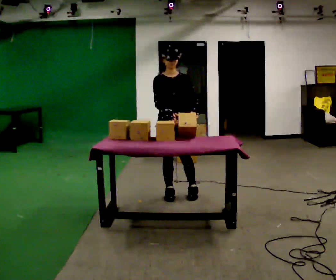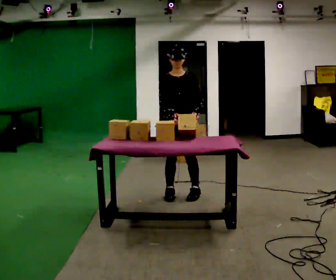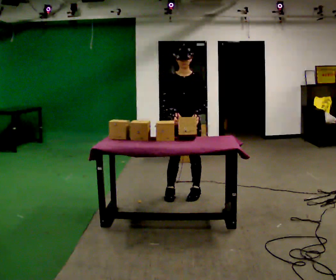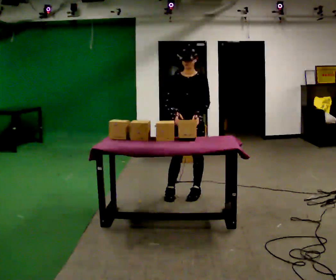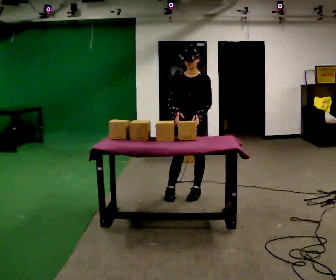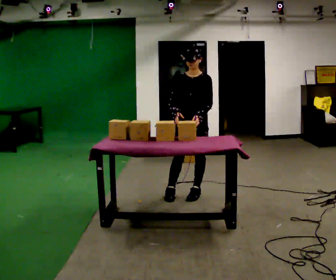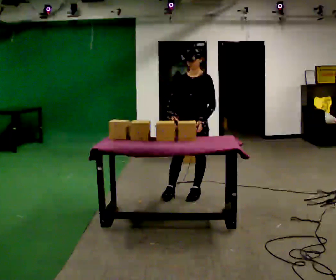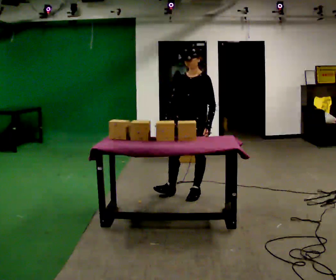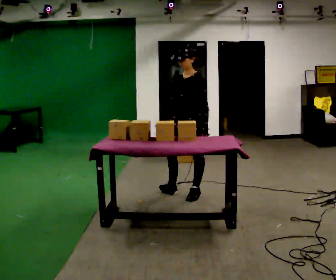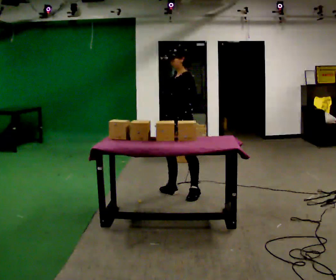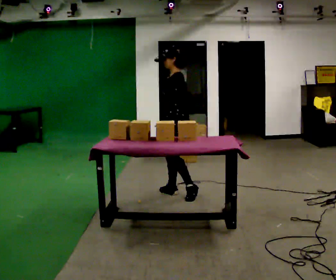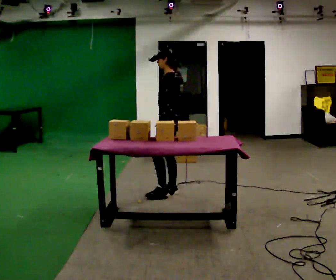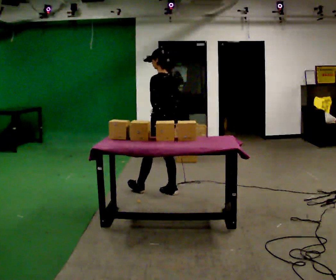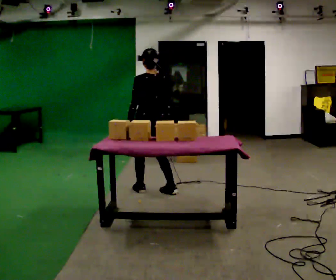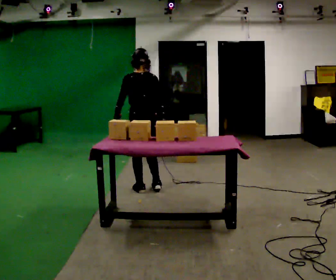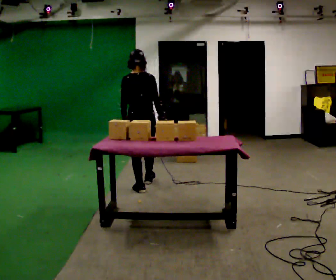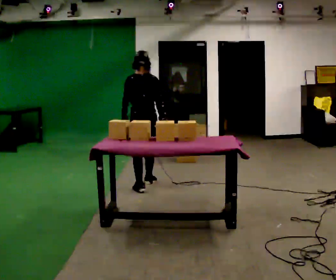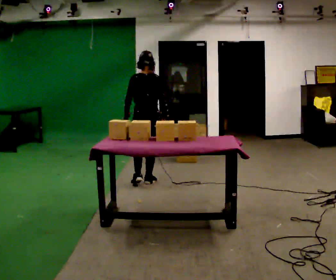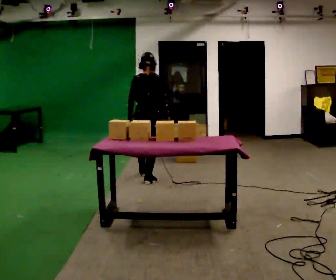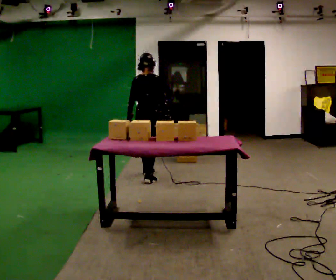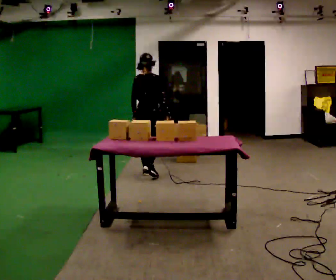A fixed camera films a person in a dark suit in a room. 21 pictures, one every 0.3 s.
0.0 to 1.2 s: The person turns about 30 degrees to their right, clockwise seen from above, so the part of the body nearest the lens slides to the left. In the picture they go to the right, about 0.25 m in 1 step, which for them is to their left.
1.2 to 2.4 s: The part of the body nearest the lens slides to the left as the person turns to their right by about 45 degrees.
2.4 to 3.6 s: The part of the body nearest the lens slides to the left as the person turns to their right by about 75 degrees. In the picture they go to the left, about 0.25 m in 1 step.
3.6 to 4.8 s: The person turns about 45 degrees to their right, clockwise seen from above, so the part of the body nearest the lens slides to the left. In the picture they go away from the camera and to the left, about 0.25 m in 1 step, which for them is forward and to their left.
4.8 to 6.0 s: The part of the body nearest the lens slides to the left as the person turns to their right by about 30 degrees. In the picture they go away from the camera, about 0.5 m in 1 step, which for them is forward.
The film runs forward here.
